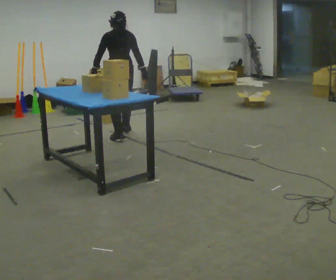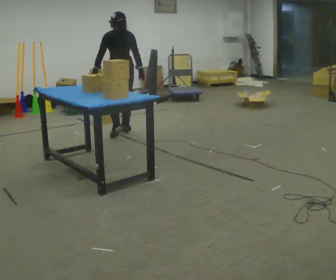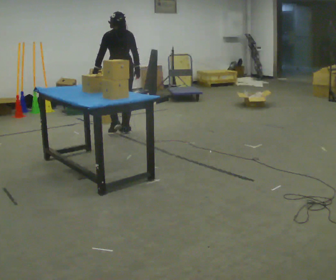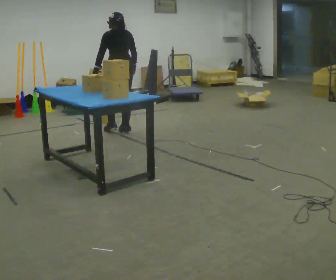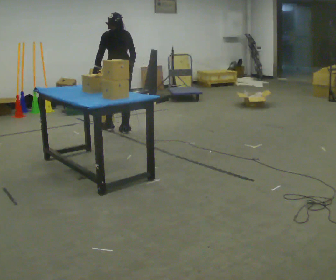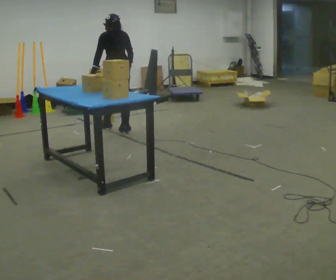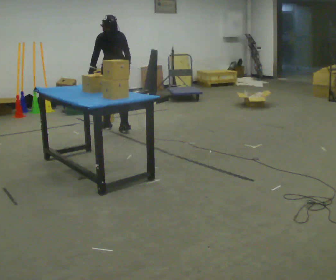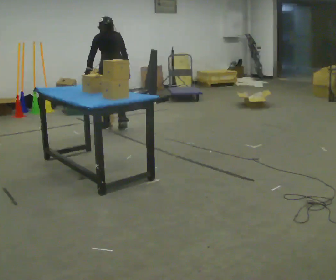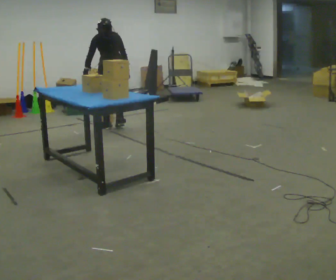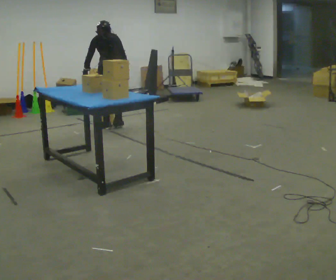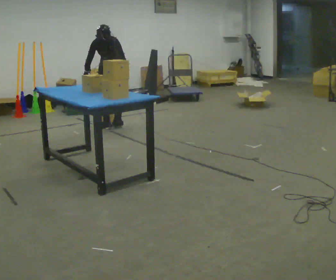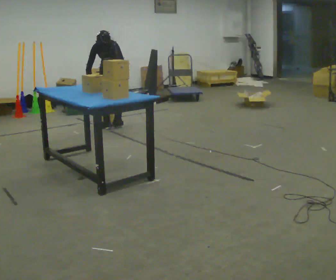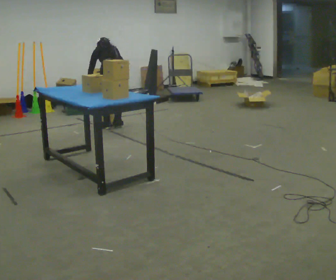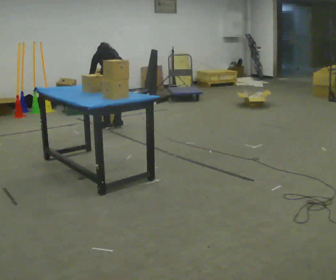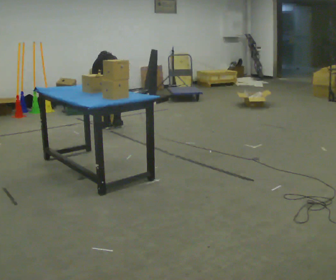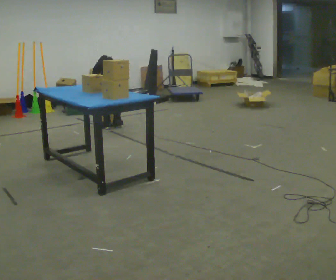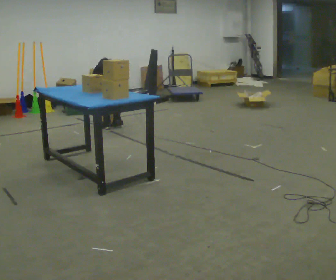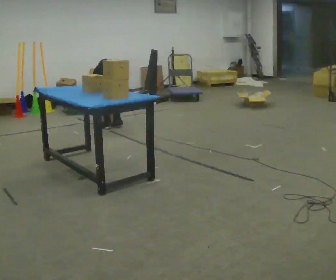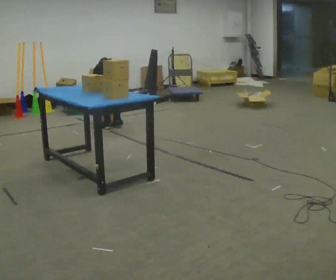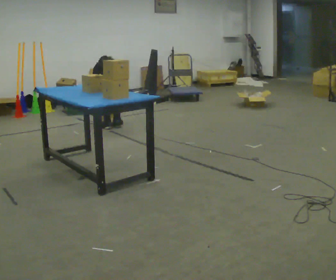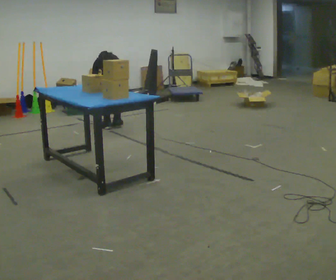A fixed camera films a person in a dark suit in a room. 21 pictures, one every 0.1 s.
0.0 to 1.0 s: In the picture they go away from the camera, about 0.5 m in 2 steps, which for them is forward. The upper body tips away from the camera, its near side rolling upward, as they bend forward.
1.0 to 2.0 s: The upper body tips away from the camera, its near side rolling upward, as they bend forward. In the picture their right hand goes downward.
The film runs forward here.
